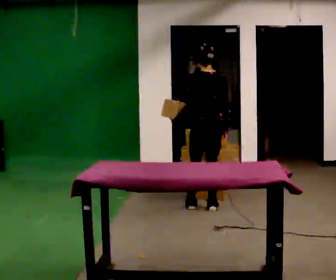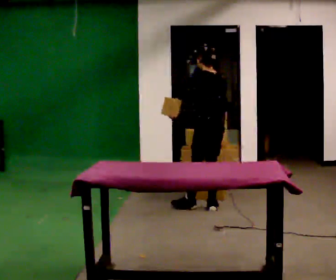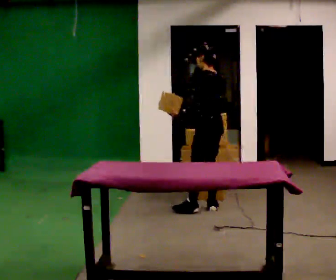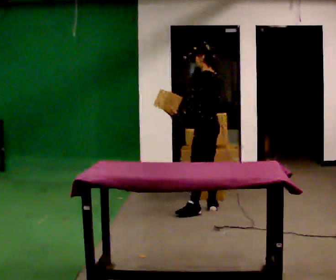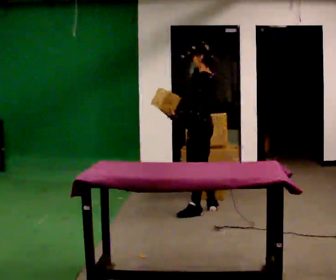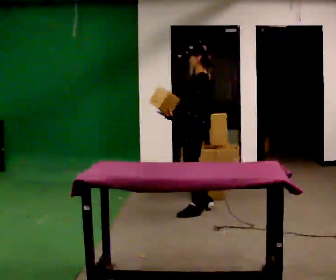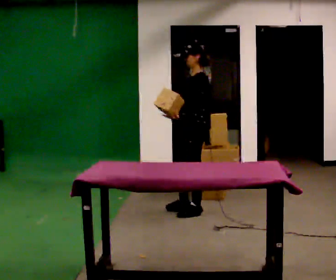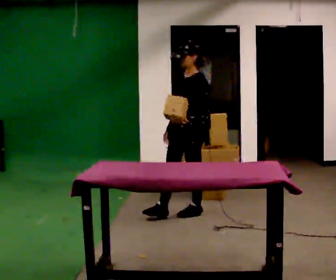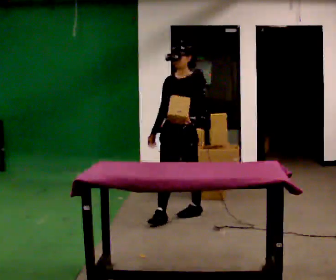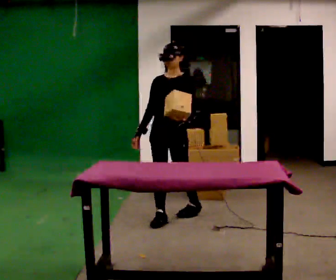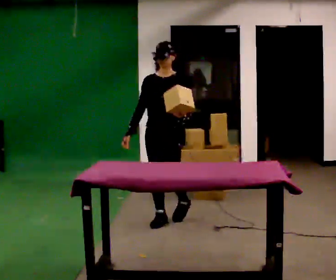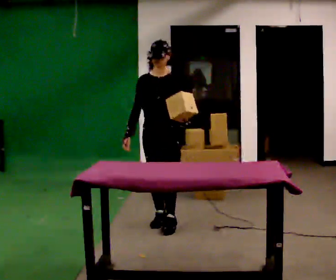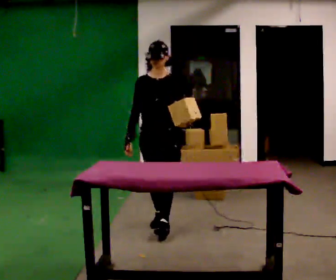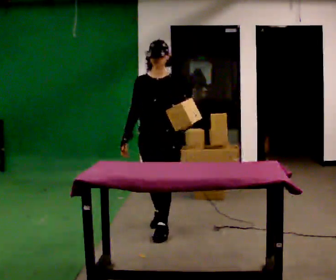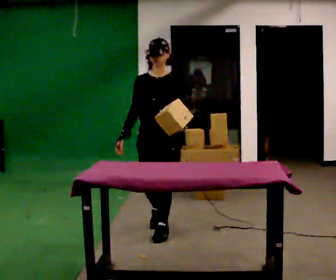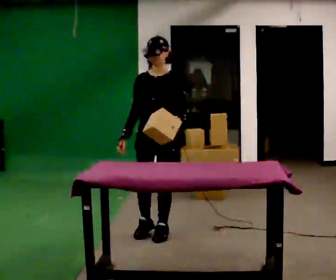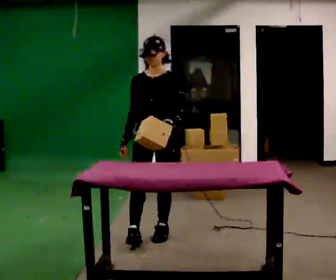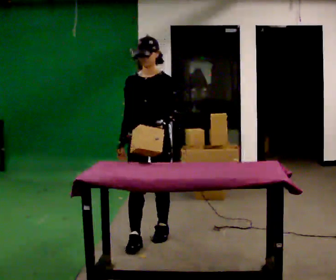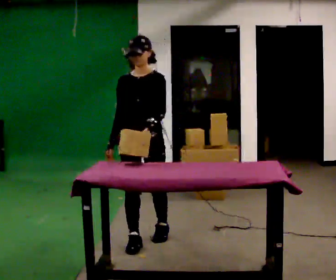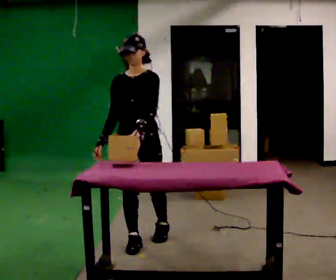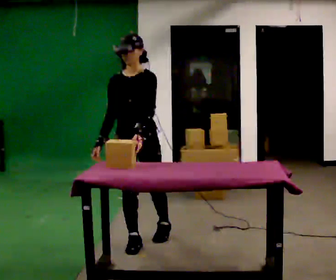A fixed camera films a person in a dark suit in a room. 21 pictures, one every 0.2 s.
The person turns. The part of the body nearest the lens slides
to the right.
The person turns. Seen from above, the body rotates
counterclockwise.
0.0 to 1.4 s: The person turns about 105 degrees to their left, counterclockwise seen from above, so the part of the body nearest the lens slides to the right. In the picture they go toward the camera and to the left, about 0.25 m in 1 step.
1.4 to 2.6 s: Seen from above the body turns counterclockwise, about 45 degrees: to their left, with its near side sliding to the right. In the picture they go toward the camera and to the left, about 0.5 m in 2 steps, which for them is forward.
2.6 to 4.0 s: In the picture they go toward the camera, about 0.5 m in 1 step, which for them is forward.
The film runs forward here.
